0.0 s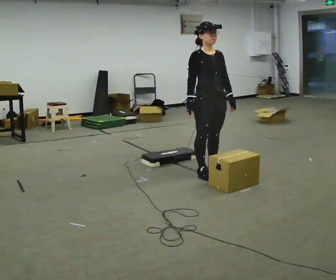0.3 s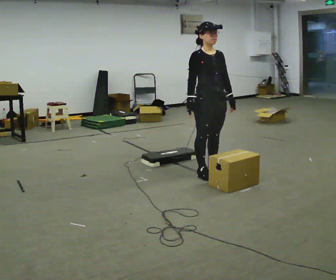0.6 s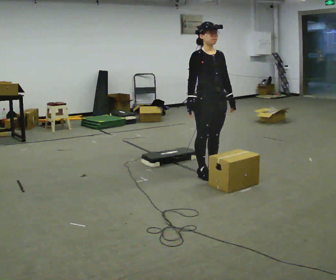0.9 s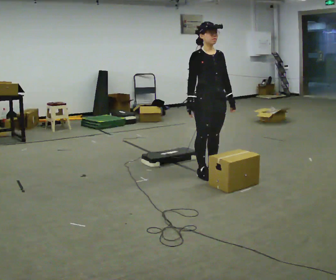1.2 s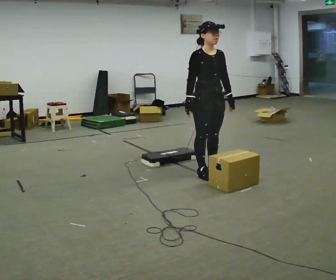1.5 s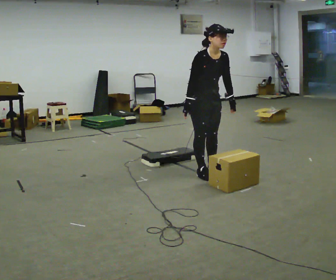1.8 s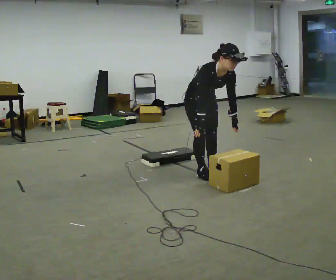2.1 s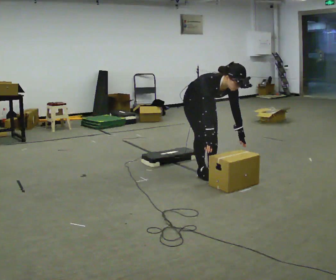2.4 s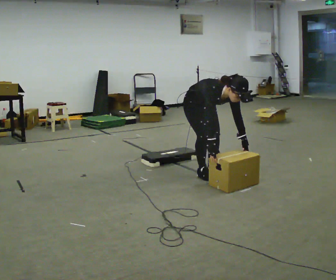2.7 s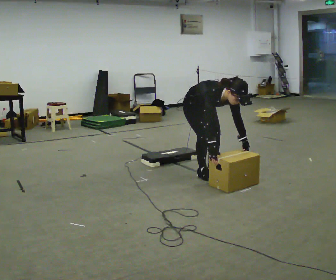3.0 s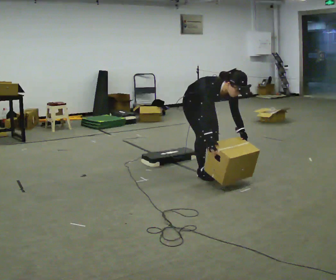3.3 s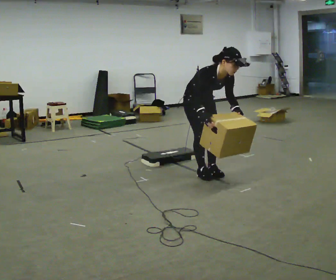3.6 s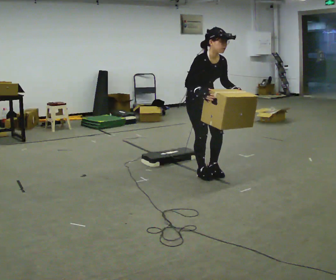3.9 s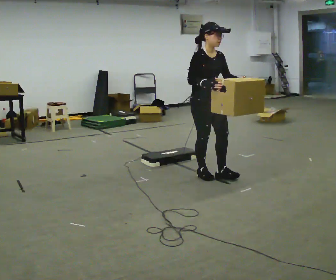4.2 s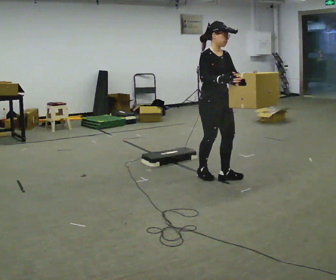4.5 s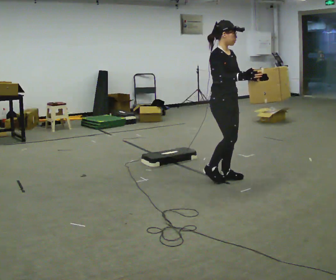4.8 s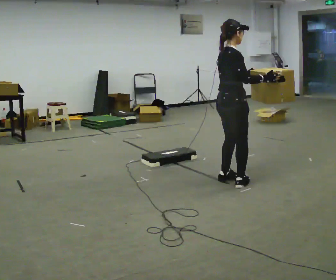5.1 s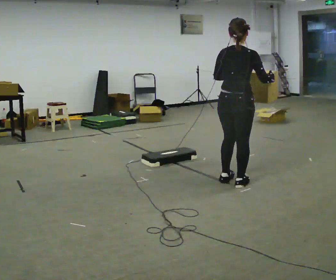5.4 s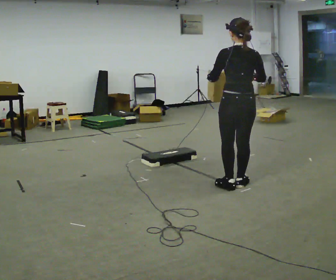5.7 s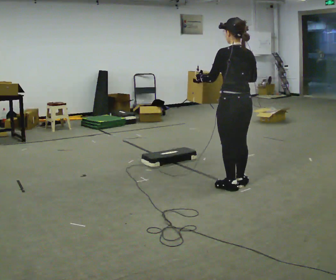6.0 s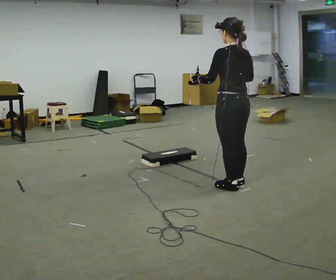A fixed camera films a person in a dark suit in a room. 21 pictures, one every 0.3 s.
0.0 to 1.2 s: The person moves a little, or ends about where they began.
1.2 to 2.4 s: The shoulders move downward. The upper body tips toward the camera, its near side rolling downward, as they bend forward. In the picture their right hand goes downward.
2.4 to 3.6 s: The upper body goes upward. The upper body tips away from the camera, its near side rolling upward, as they lean back or straighten. In the picture their right hand goes upward.
3.6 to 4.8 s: The part of the body nearest the lens slides to the right as the person turns to their left by about 75 degrees. In the picture they go to the right and toward the camera, about 0.5 m in 2 steps. In the picture the upper body tilts counterclockwise, shoulders to the left, as they lean back or straighten.
4.8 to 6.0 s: Seen from above the body turns counterclockwise, about 105 degrees: to their left, with its near side sliding to the right. In the picture they go toward the camera, about 0.25 m in 1 step. In the picture their left hand goes to the left.
The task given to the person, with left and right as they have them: Carry the box up onto the platform, across it, and down the other side, then bring it back. Keep going until the operator says stop; one object at a time, and do not rush between trips.
The film runs forward here.
